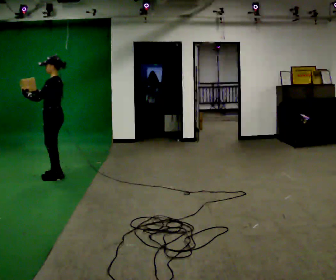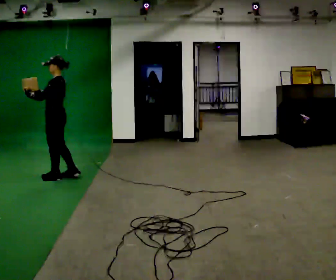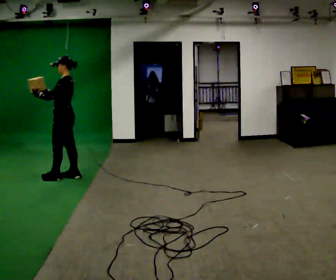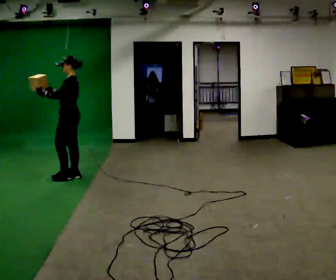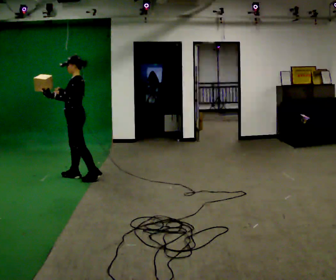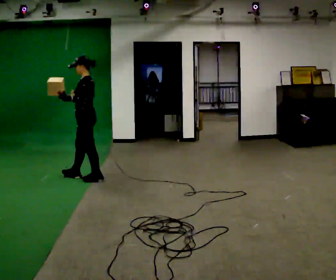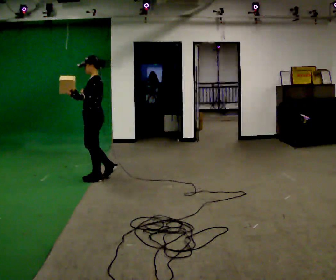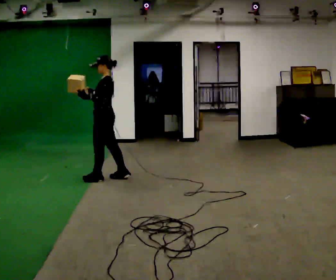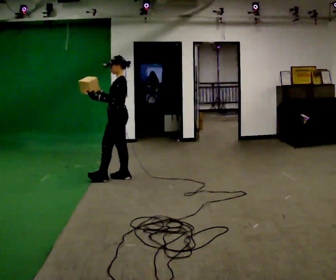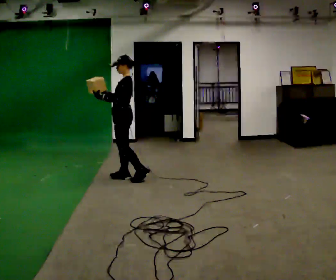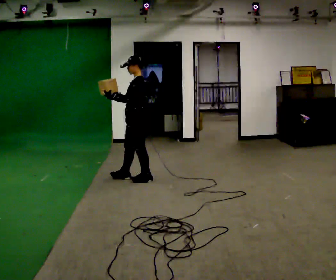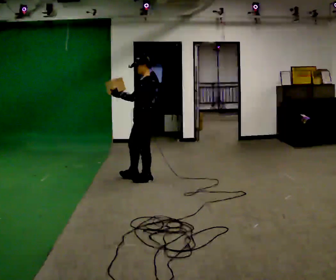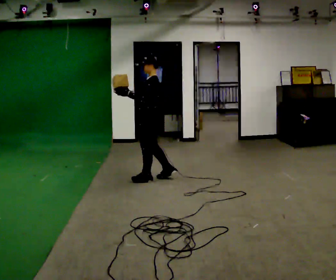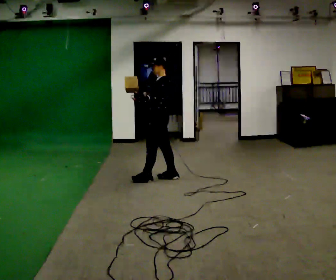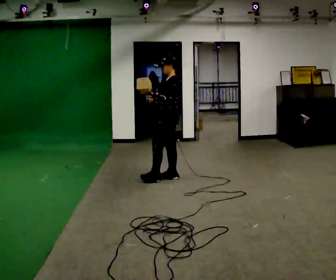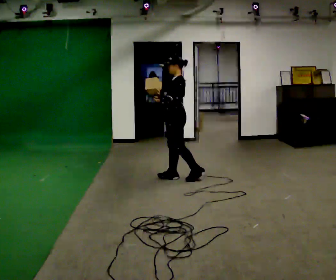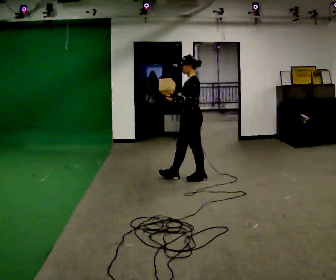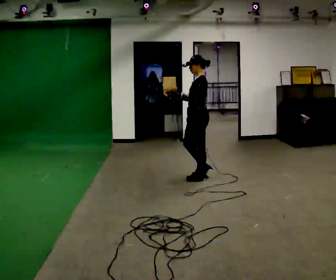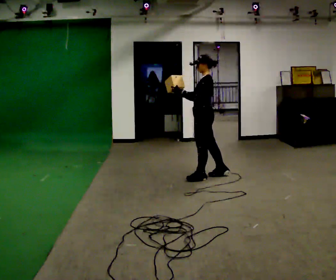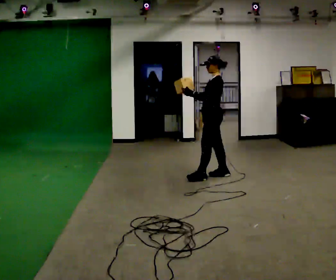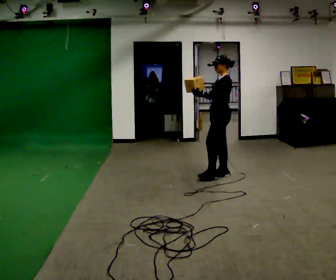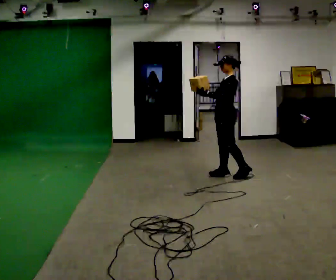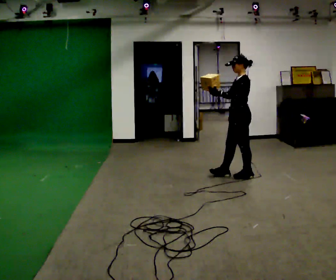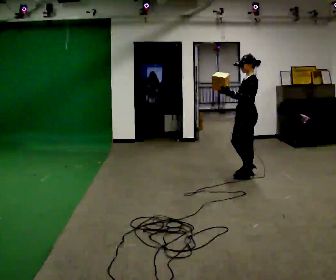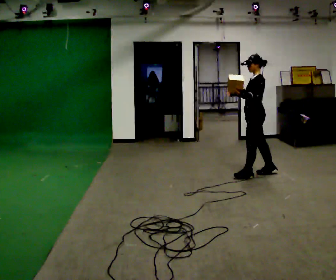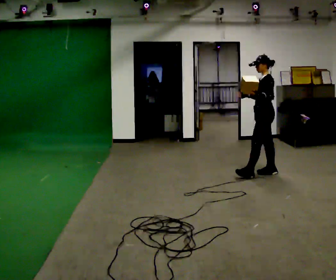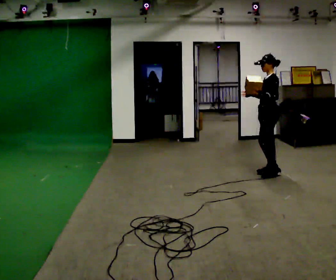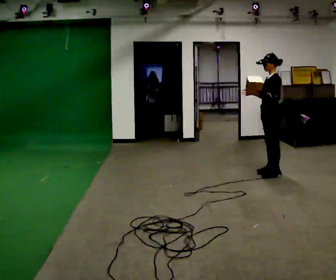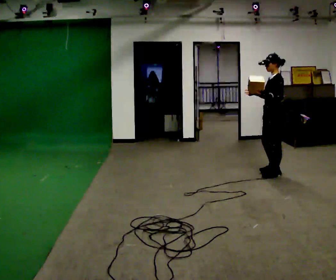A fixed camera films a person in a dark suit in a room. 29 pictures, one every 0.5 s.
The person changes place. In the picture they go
to the right.
0.0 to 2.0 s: In the picture they go to the right, about 0.25 m in 2 steps, which for them is backward.
2.0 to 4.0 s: In the picture they go to the right, about 0.5 m in 2 steps, which for them is backward.
4.0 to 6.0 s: In the picture they go to the right, about 0.5 m in 1 step, which for them is backward.
6.0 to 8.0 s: In the picture they go to the right, about 0.5 m in 1 step, which for them is backward.
8.0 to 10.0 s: In the picture they go to the right and away from the camera, about 0.5 m in 2 steps, which for them is backward.
10.0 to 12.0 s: In the picture they go to the right, about 0.5 m in 1 step, which for them is backward.
12.0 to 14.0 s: In the picture they go to the right, about 0.25 m in 2 steps, which for them is backward.
The film runs backward here.
